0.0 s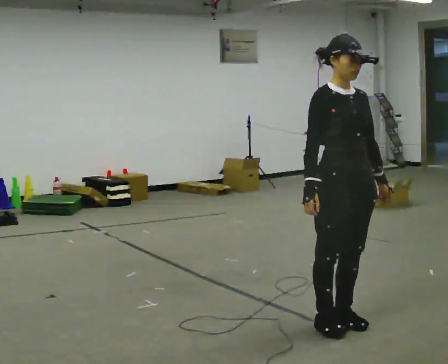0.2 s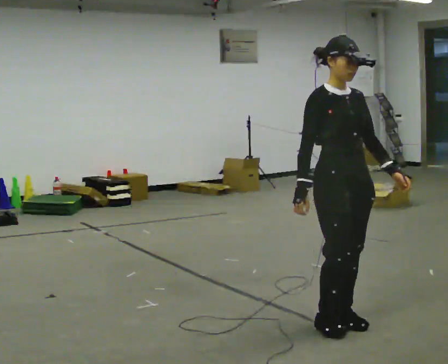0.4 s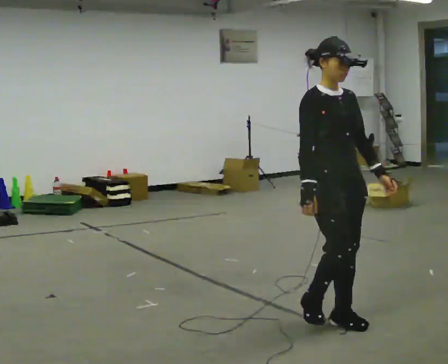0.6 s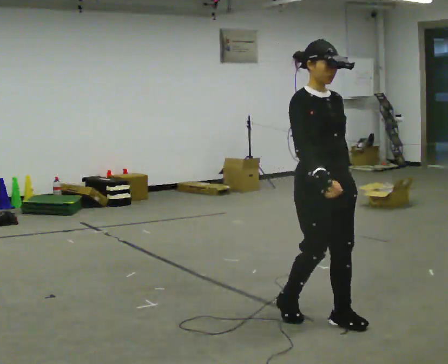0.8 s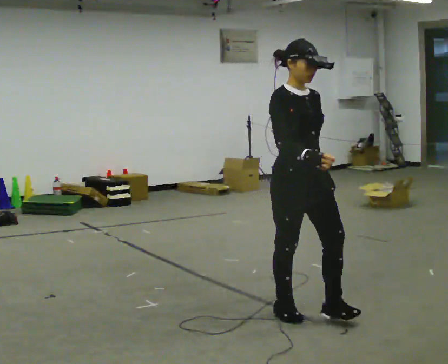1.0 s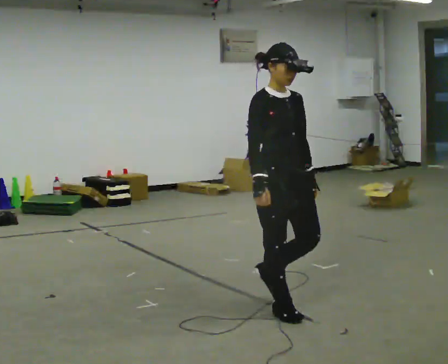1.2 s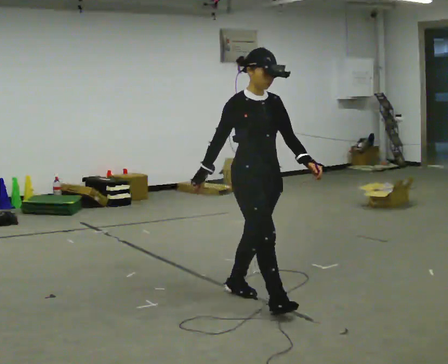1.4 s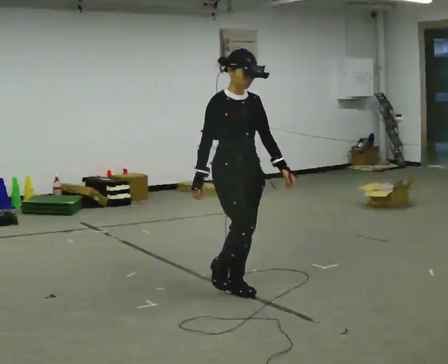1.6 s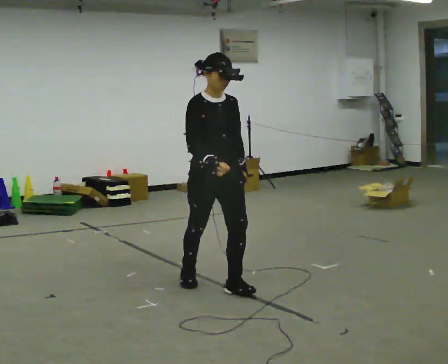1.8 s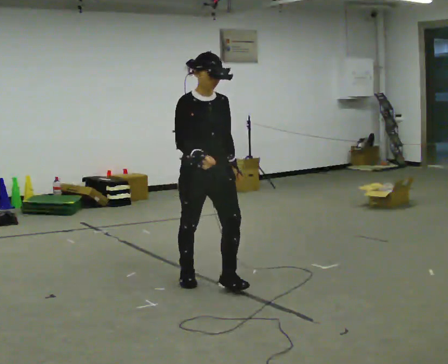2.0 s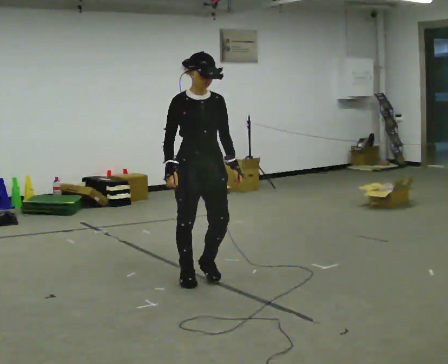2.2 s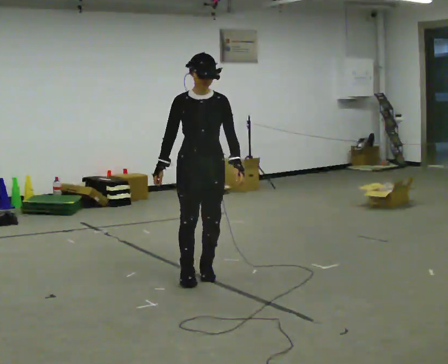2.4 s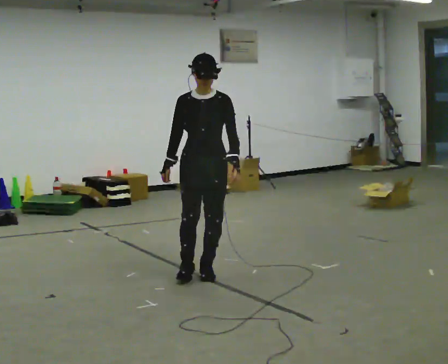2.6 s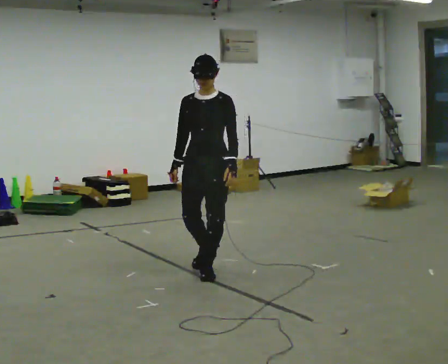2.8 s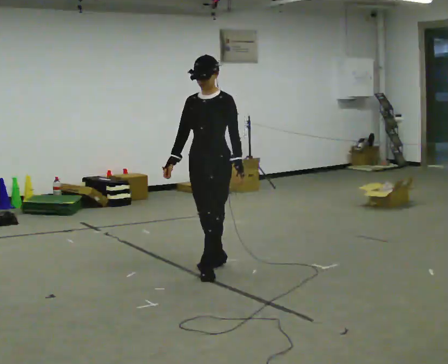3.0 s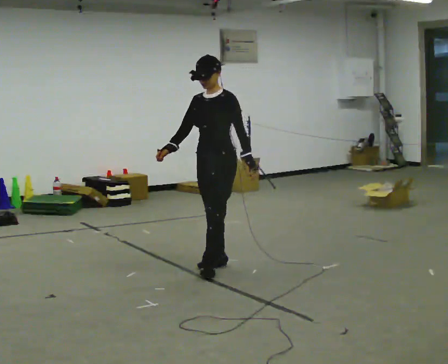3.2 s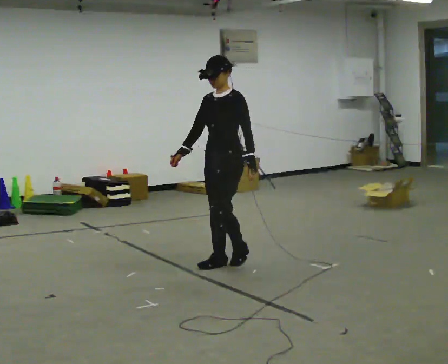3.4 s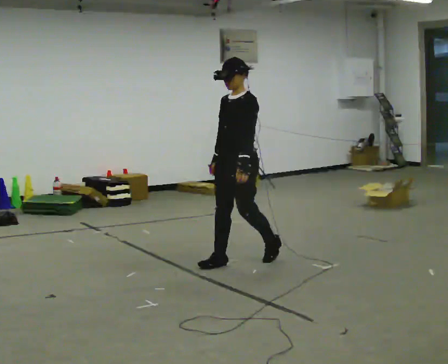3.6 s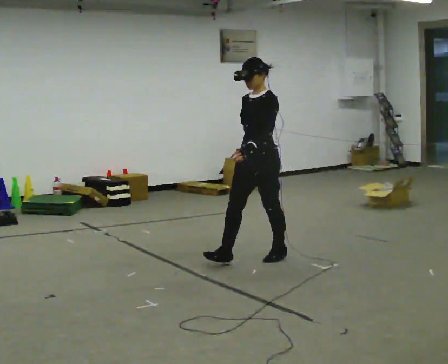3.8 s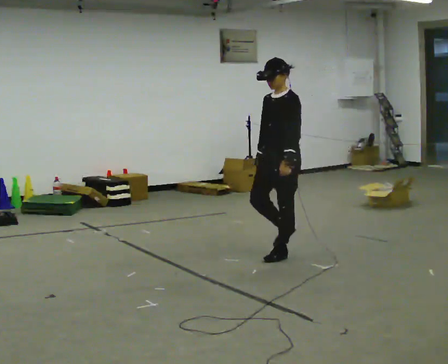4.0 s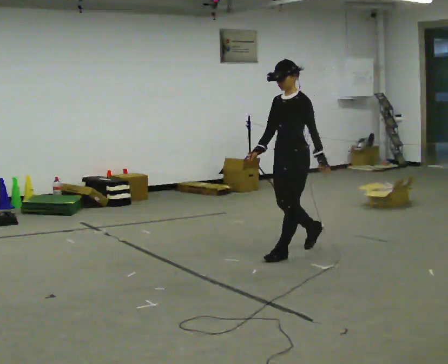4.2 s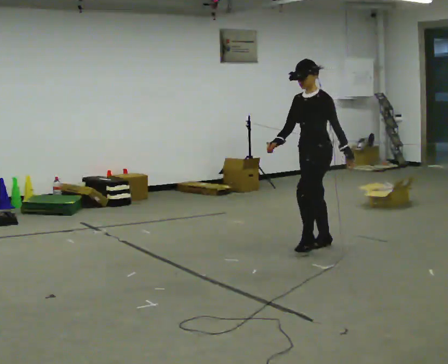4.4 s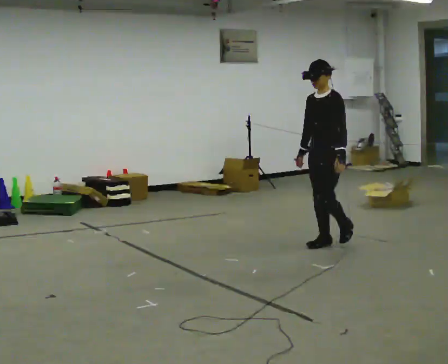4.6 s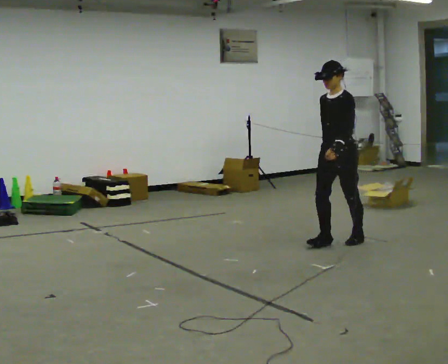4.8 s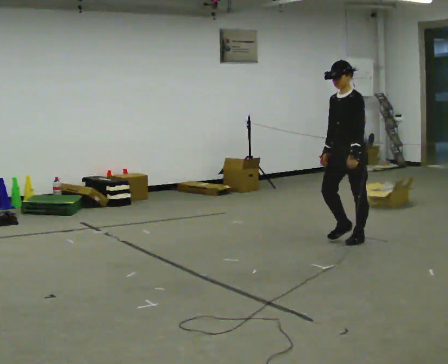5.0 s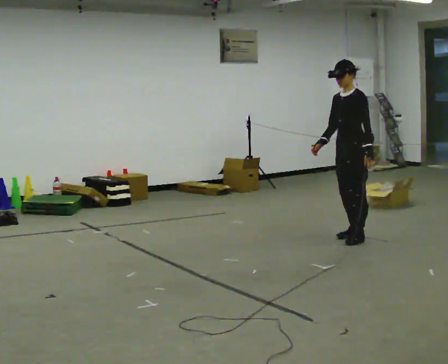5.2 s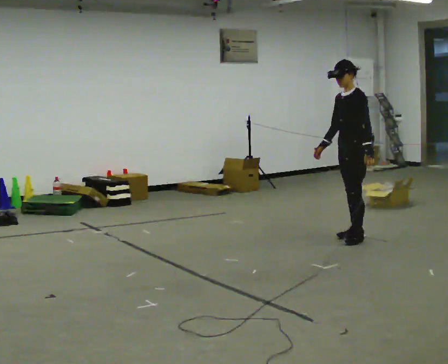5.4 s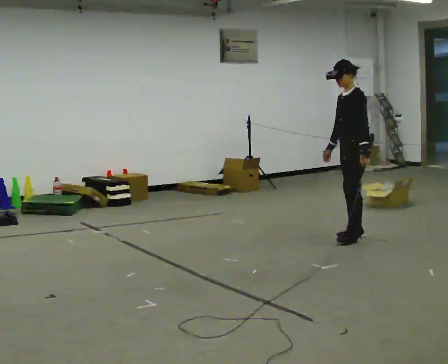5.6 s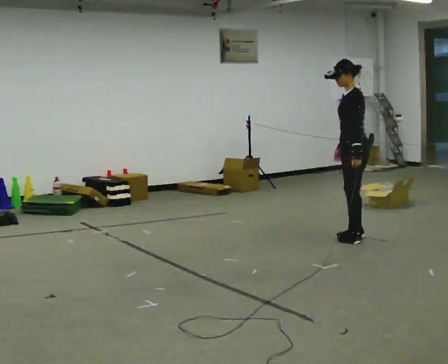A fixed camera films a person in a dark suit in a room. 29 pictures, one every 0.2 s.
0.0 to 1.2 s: In the picture they go away from the camera and to the left, about 0.75 m in 3 steps, which for them is backward.
1.2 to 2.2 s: The part of the body nearest the lens slides to the left as the person turns to their right by about 30 degrees. In the picture they go away from the camera and to the left, about 0.75 m in 1 step, which for them is backward.
2.2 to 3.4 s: Seen from above the body turns clockwise, about 60 degrees: to their right, with its near side sliding to the left. In the picture they go away from the camera and to the right, about 0.5 m in 2 steps, which for them is backward.
3.4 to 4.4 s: In the picture they go to the right and away from the camera, about 1 m in 2 steps, which for them is backward.
4.4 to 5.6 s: The person turns about 45 degrees to their right, clockwise seen from above, so the part of the body nearest the lens slides to the left. In the picture they go to the right and away from the camera, about 0.25 m in 1 step, which for them is backward.
The film runs backward here.
